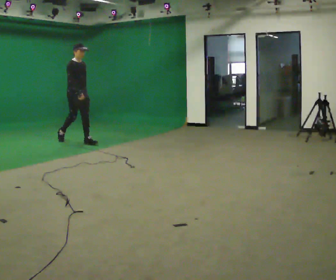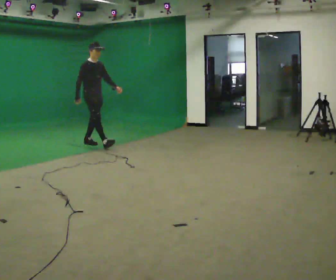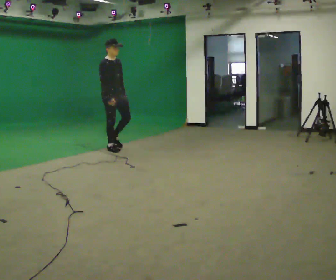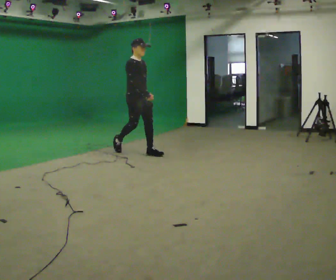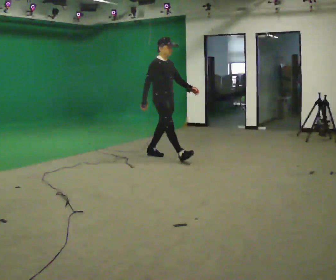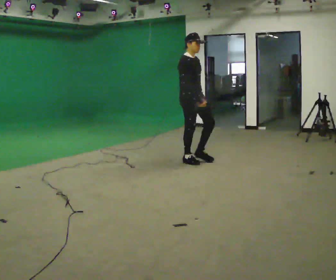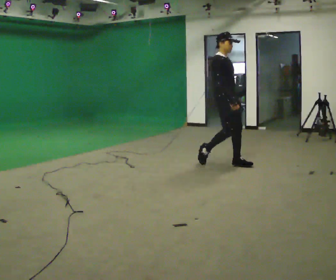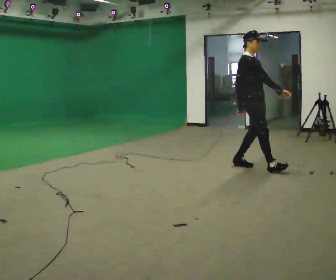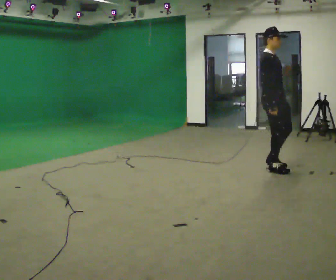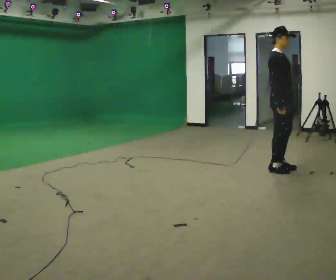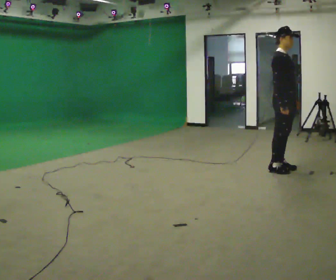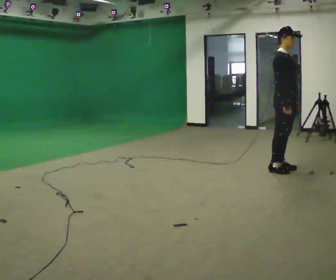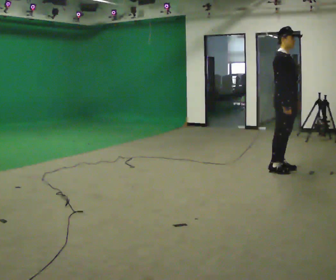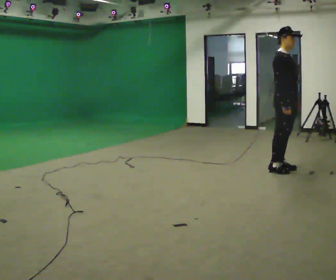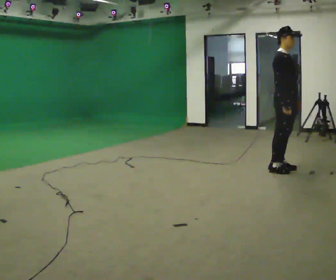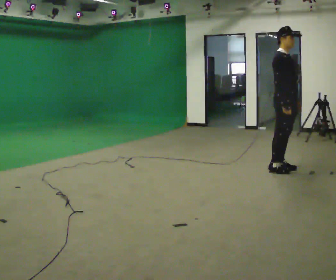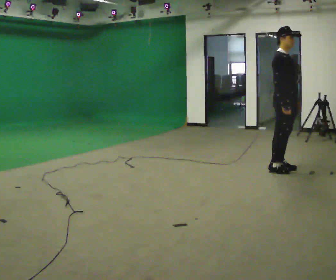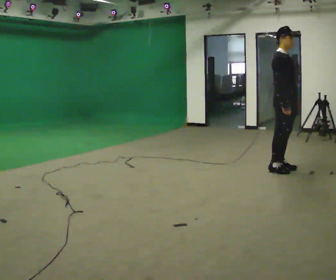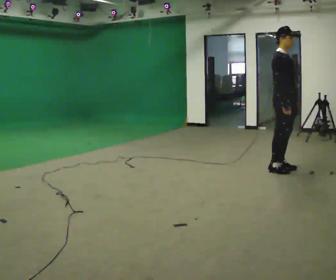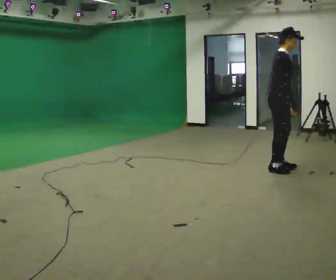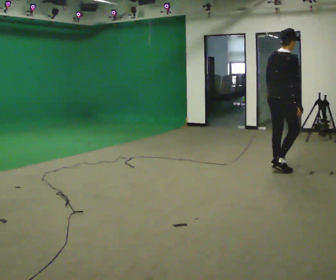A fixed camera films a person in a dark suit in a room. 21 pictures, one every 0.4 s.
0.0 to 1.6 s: In the picture they go to the right, about 2 m in 2 steps, which for them is forward.
1.6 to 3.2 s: In the picture they go to the right, about 1.5 m in 3 steps, which for them is forward.
3.2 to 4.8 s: The person moves a little, or ends about where they began.
4.8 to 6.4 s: The person keeps their place and pose.
6.4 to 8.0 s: The person turns about 75 degrees to their left, counterclockwise seen from above, so the part of the body nearest the lens slides to the right. In the picture their left hand goes to the left.
The film runs forward here.
